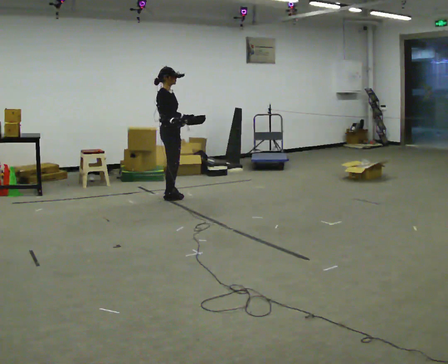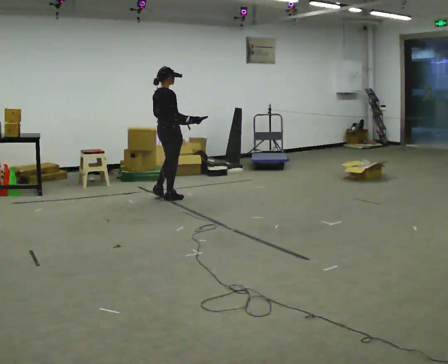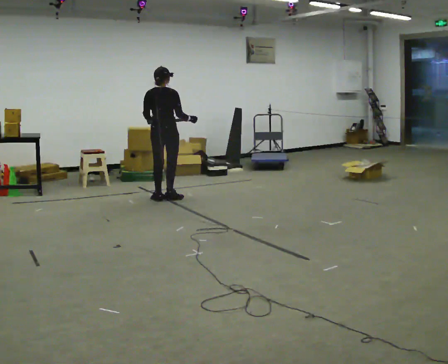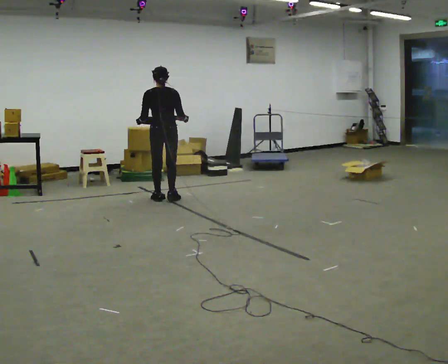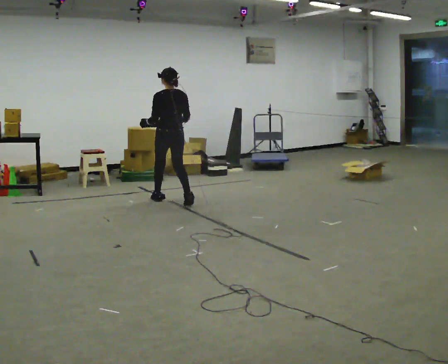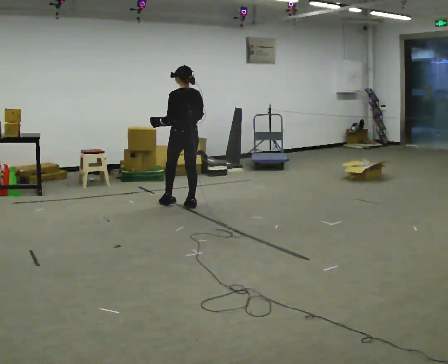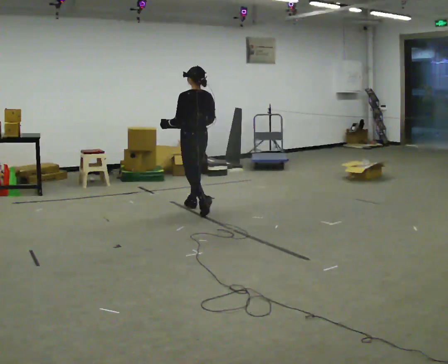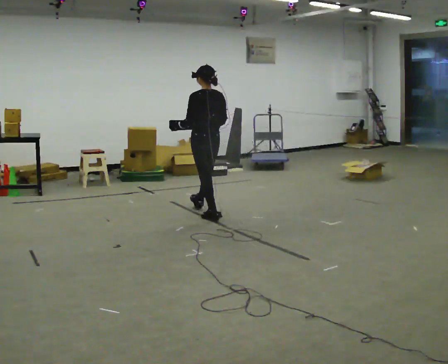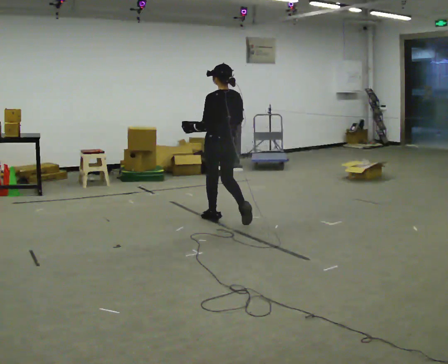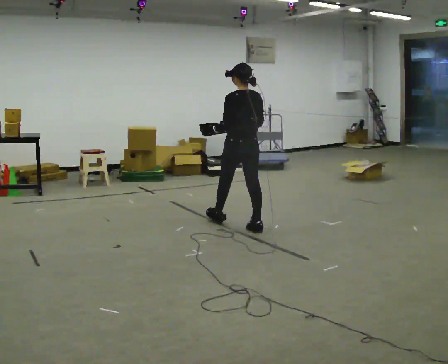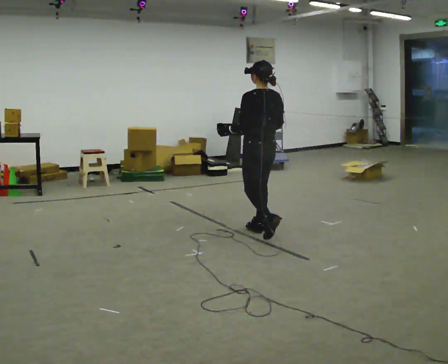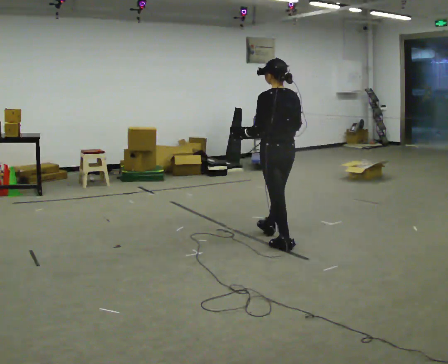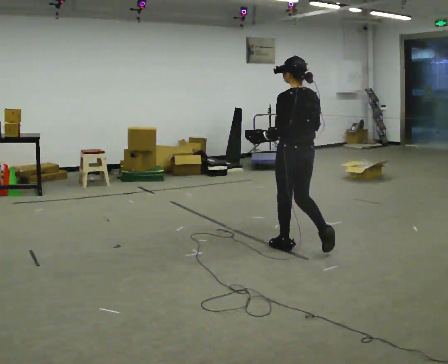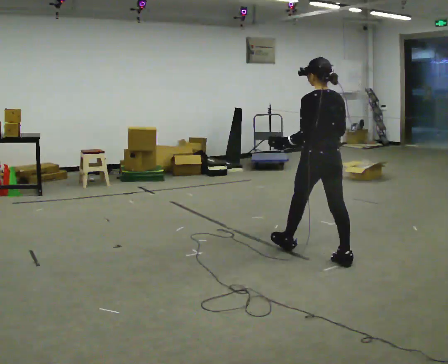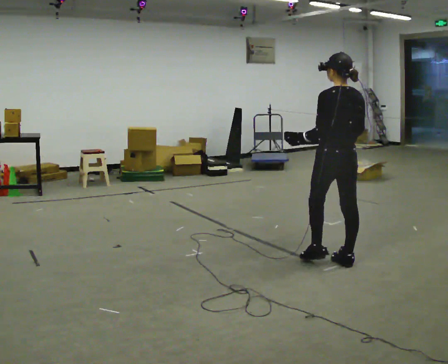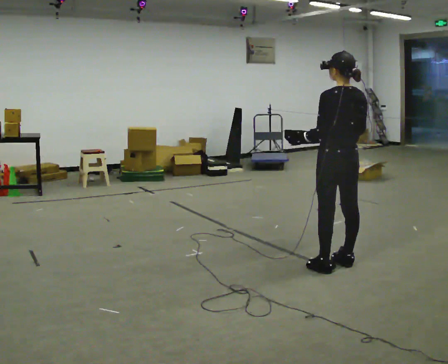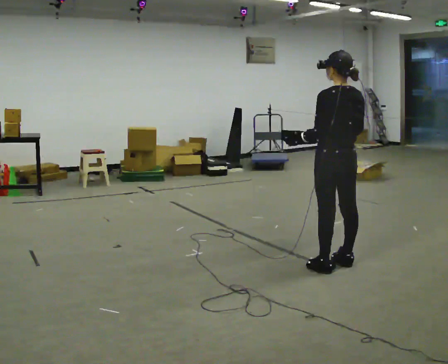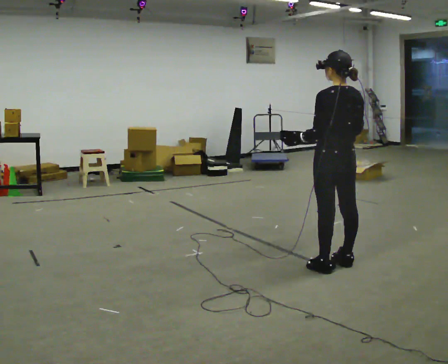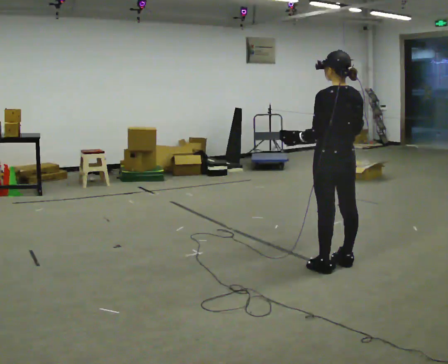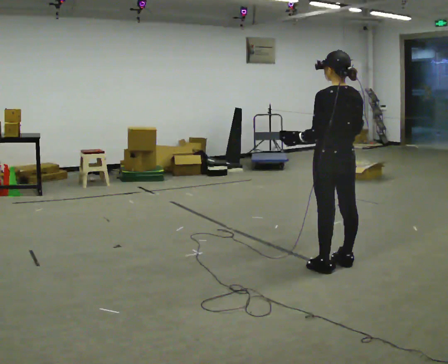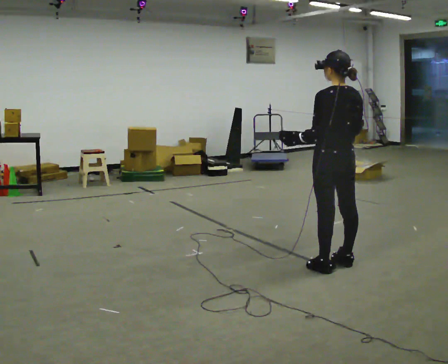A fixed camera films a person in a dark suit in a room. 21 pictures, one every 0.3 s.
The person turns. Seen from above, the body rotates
counterclockwise.
The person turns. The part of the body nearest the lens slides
to the right.
0.0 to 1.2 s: The part of the body nearest the lens slides to the right as the person turns to their left by about 135 degrees. In the picture they go toward the camera, about 0.25 m in 2 steps.
1.2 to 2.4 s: In the picture they go toward the camera and to the right, about 1 m in 2 steps, which for them is backward.
2.4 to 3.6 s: In the picture they go toward the camera and to the right, about 1 m in 2 steps, which for them is backward.
3.6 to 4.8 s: In the picture they go toward the camera and to the right, about 0.5 m in 1 step, which for them is backward.
4.8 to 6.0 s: The person keeps their place and pose.
The film runs backward here.
